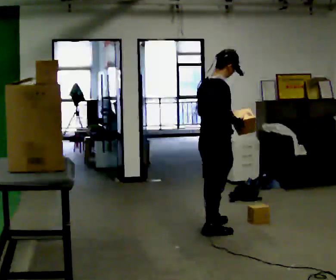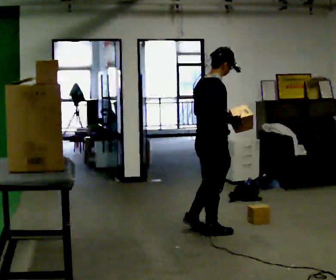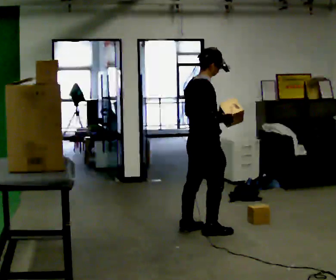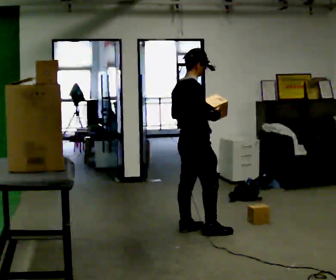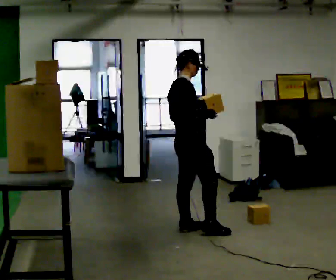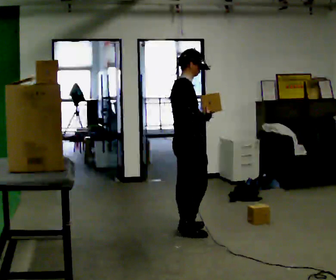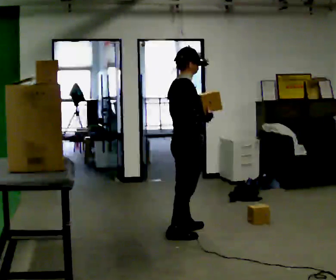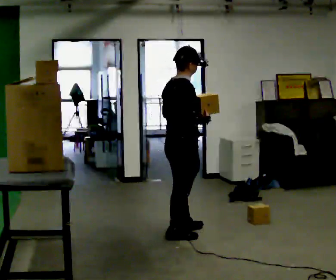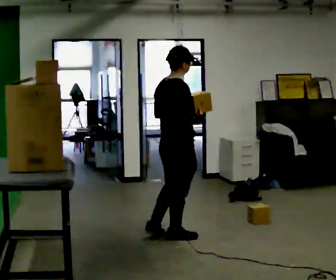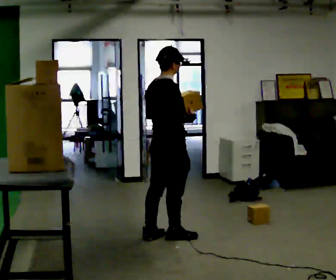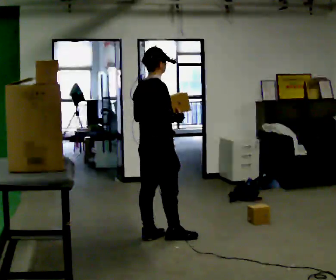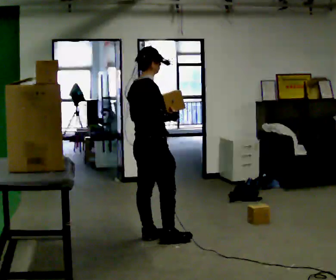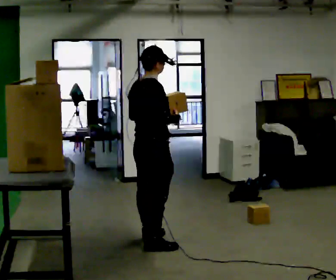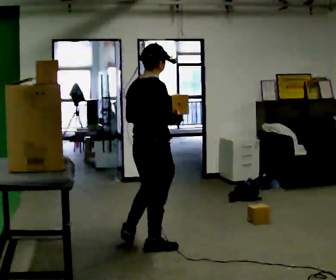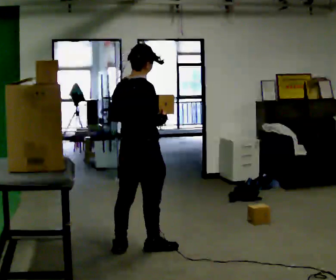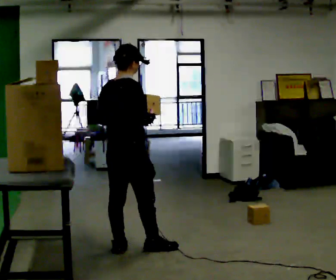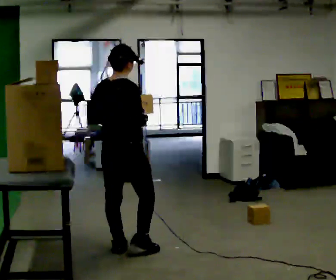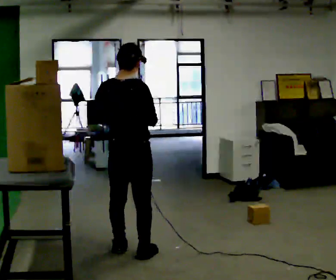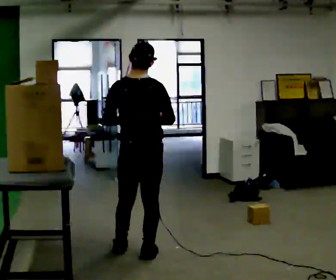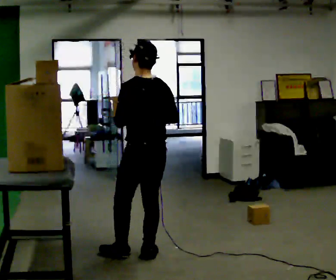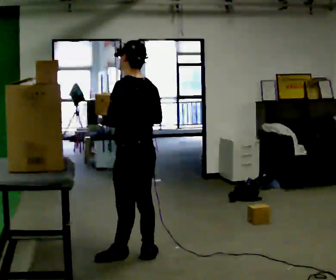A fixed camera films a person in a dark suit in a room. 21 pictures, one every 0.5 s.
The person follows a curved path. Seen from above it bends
counterclockwise.
0.0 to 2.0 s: In the picture they go to the left, about 0.25 m in 1 step, which for them is backward and to their left.
2.0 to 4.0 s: In the picture they go toward the camera, about 0.25 m in 2 steps, which for them is backward and to their right.
4.0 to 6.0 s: In the picture they go to the left, about 0.25 m in 1 step, which for them is backward.
6.0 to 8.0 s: The part of the body nearest the lens slides to the right as the person turns to their left by about 30 degrees. In the picture they go toward the camera and to the left, about 0.25 m in 2 steps, which for them is backward.
8.0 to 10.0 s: The person turns about 90 degrees to their left, counterclockwise seen from above, so the part of the body nearest the lens slides to the right. In the picture they go toward the camera and to the right, about 0.25 m.
The film runs backward here.
